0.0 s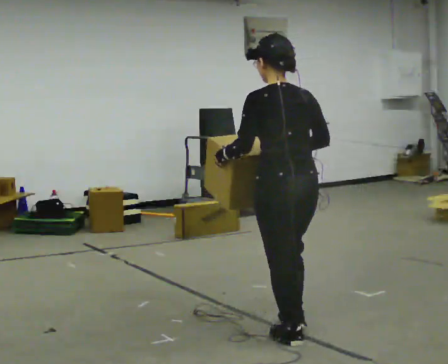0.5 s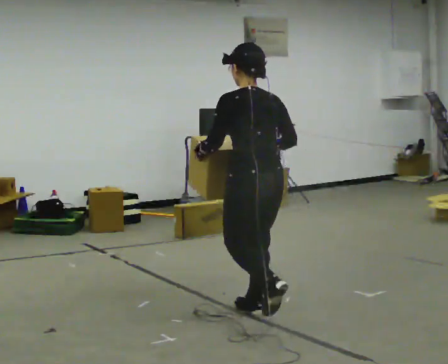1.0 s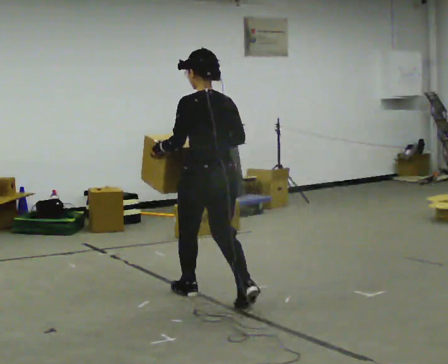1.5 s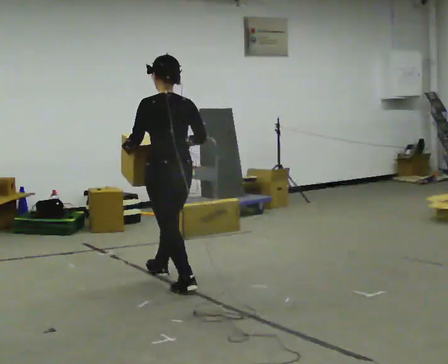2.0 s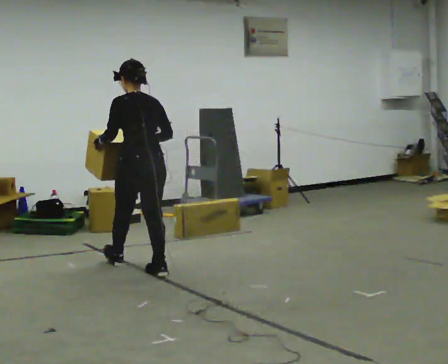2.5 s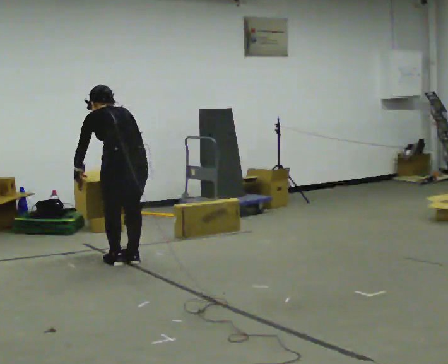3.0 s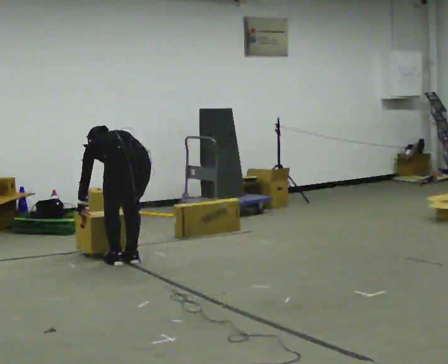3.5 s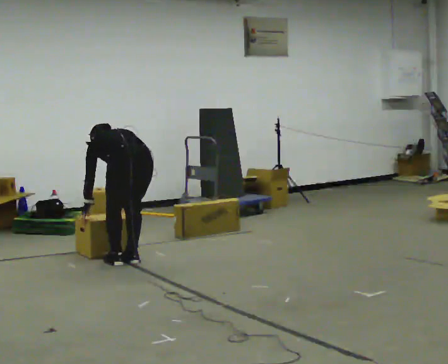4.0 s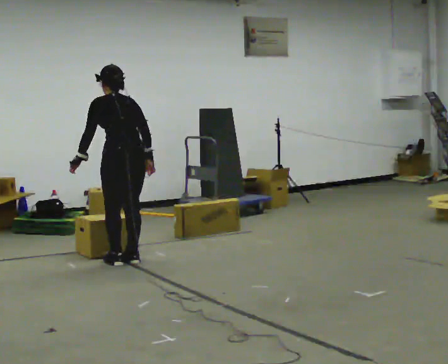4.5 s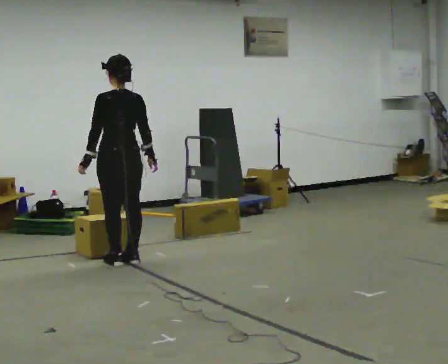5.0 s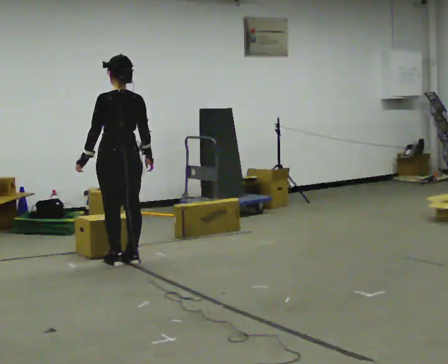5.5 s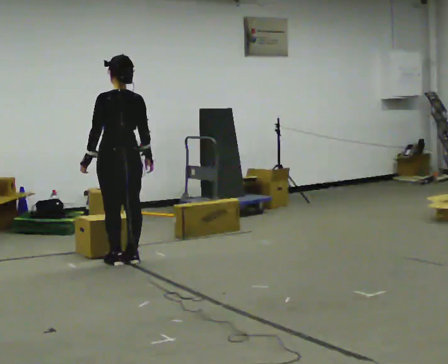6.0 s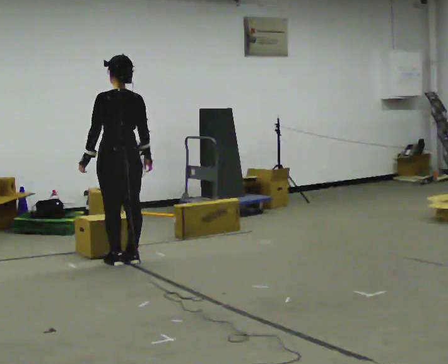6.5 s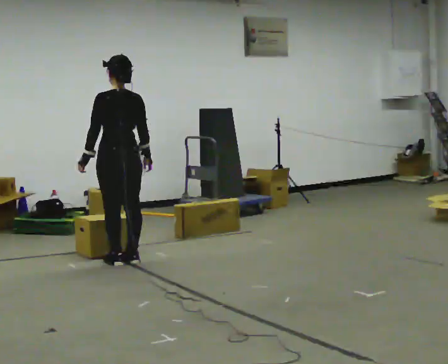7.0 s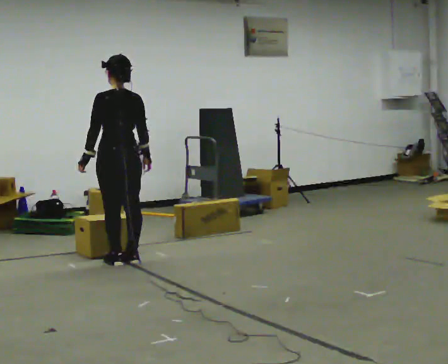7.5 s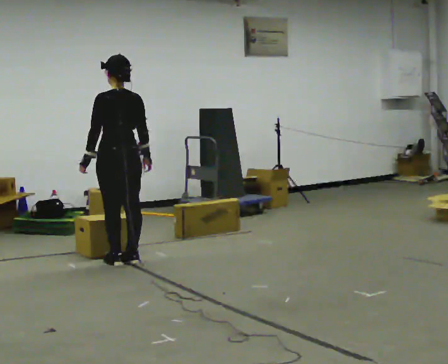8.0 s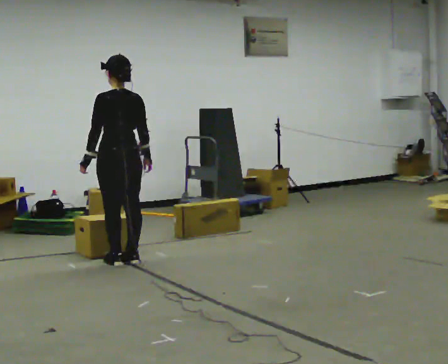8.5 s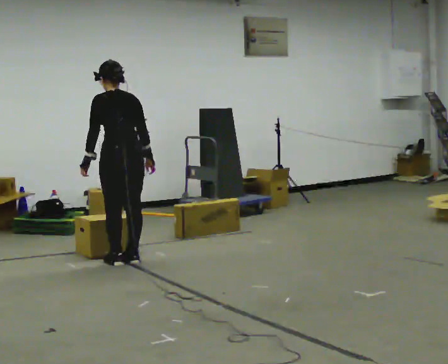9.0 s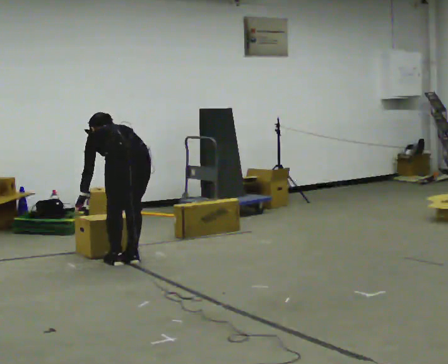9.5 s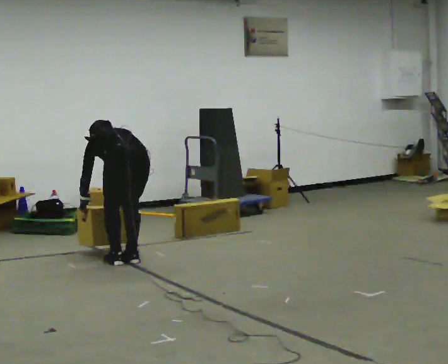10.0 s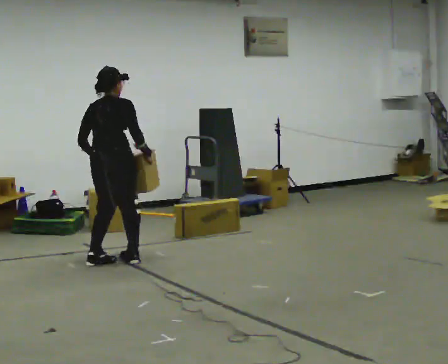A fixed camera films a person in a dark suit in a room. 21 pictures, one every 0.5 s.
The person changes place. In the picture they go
away from the camera.
The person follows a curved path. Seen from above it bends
counterclockwise.
0.0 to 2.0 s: In the picture they go away from the camera and to the left, about 2 m in 3 steps, which for them is forward.
2.0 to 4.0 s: In the picture they go away from the camera and to the left, about 0.25 m in 2 steps, which for them is forward.
4.0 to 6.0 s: The upper body tips toward the camera, its near side rolling downward, as they lean back or straighten.
6.0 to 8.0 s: The person keeps their place and pose.
8.0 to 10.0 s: The part of the body nearest the lens slides to the left as the person turns to their right by about 45 degrees.
The film runs forward here.
